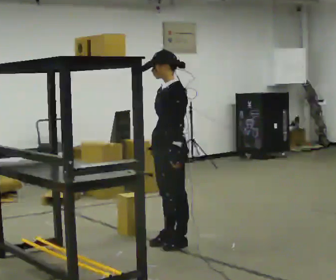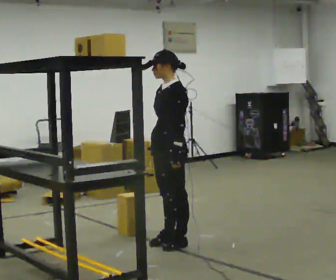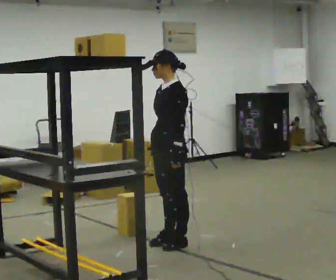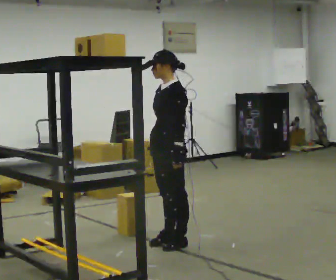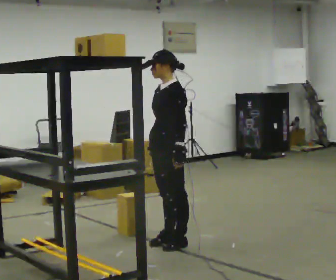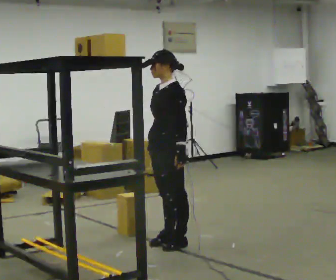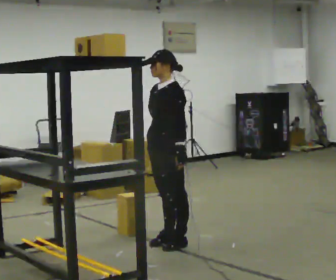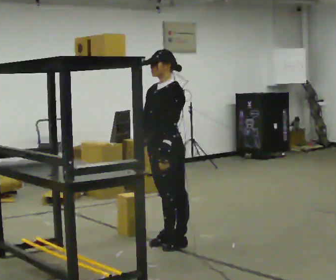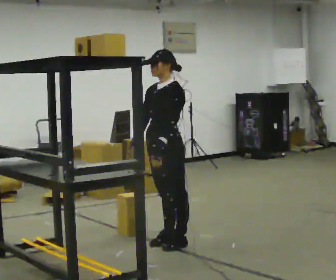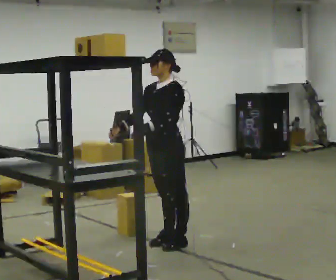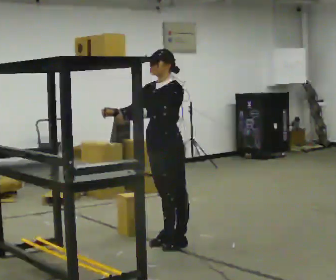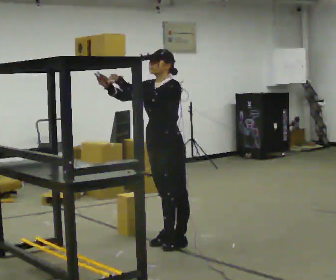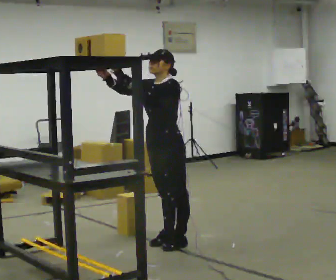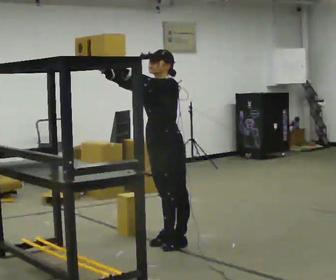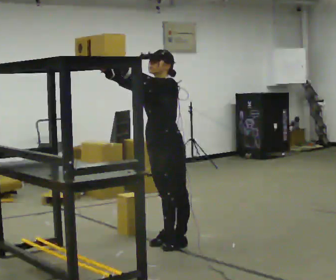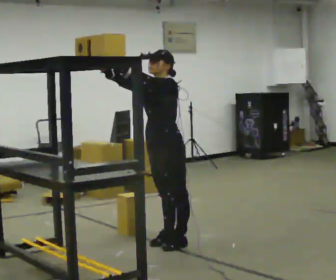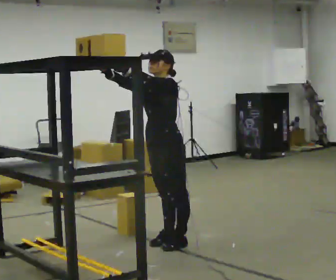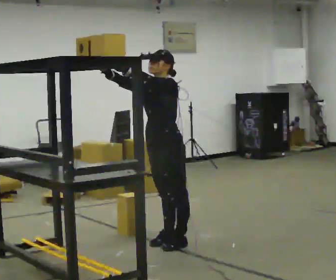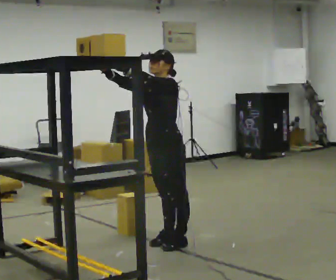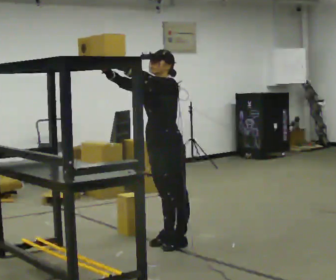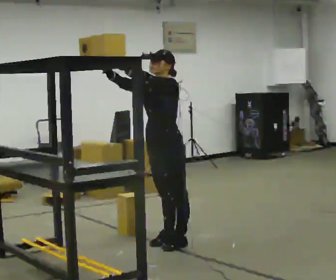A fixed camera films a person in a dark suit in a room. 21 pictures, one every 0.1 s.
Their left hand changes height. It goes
upward.
Their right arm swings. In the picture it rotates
clockwise.
0.0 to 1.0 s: In the picture their right hand goes to the left, the arm swinging clockwise.
1.0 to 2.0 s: In the picture their right hand goes upward, the arm swinging clockwise.
The film runs backward here.
